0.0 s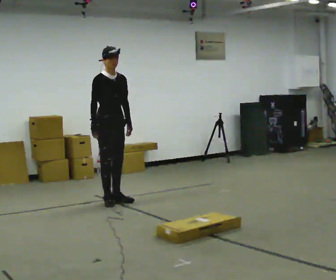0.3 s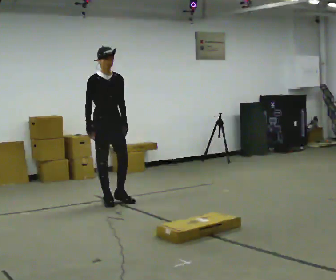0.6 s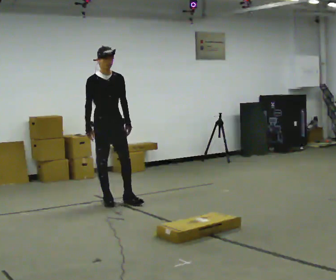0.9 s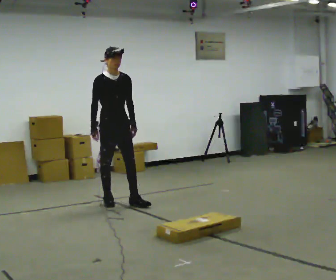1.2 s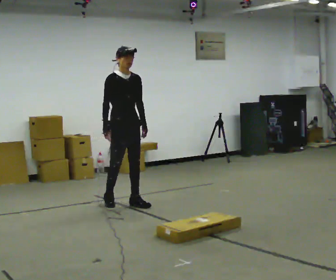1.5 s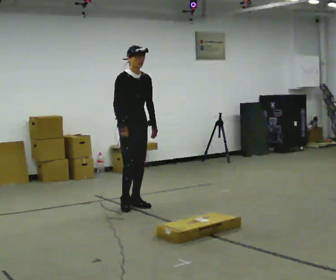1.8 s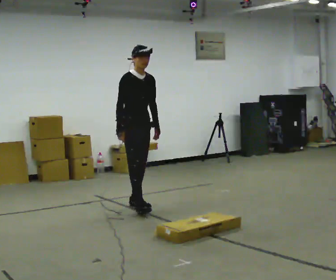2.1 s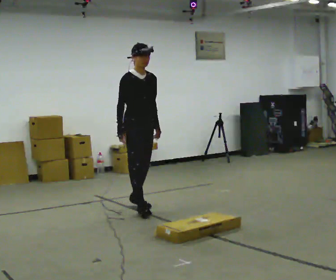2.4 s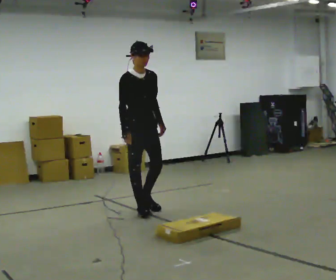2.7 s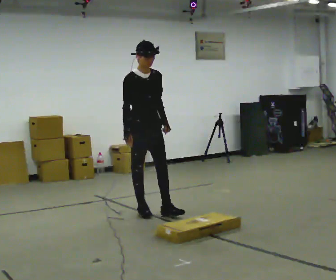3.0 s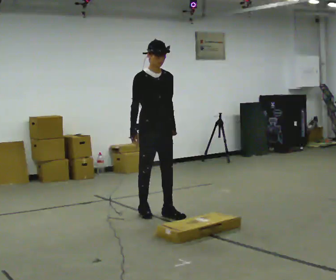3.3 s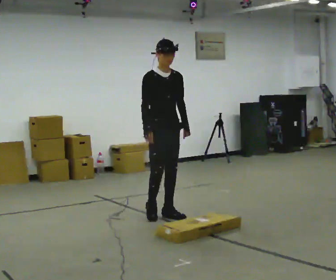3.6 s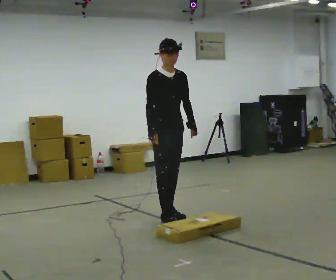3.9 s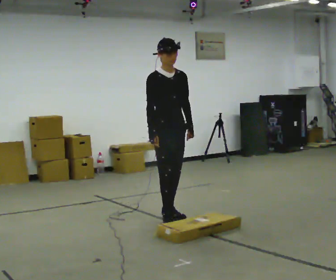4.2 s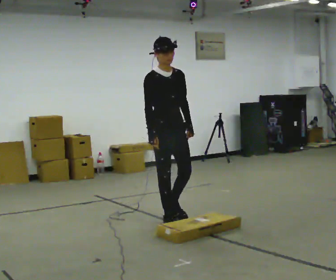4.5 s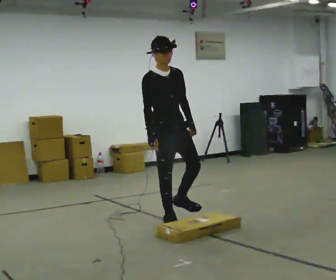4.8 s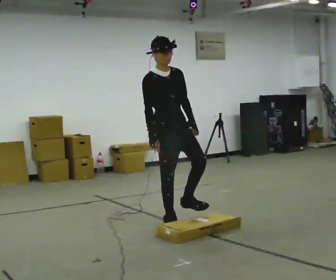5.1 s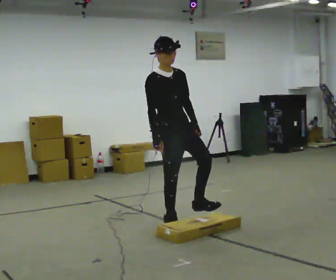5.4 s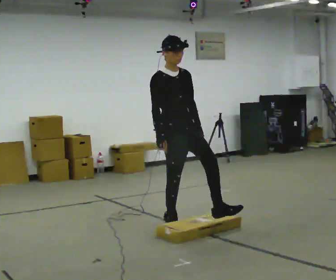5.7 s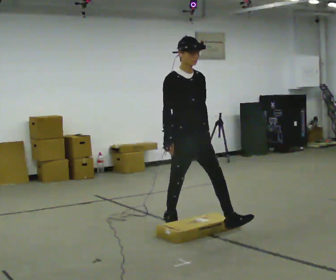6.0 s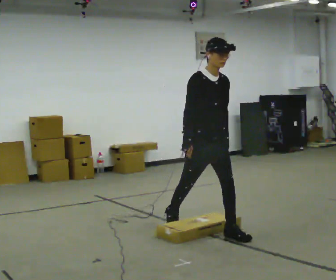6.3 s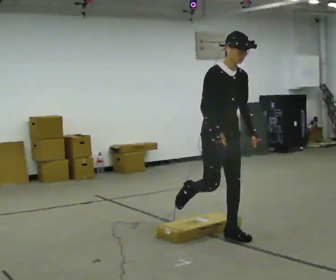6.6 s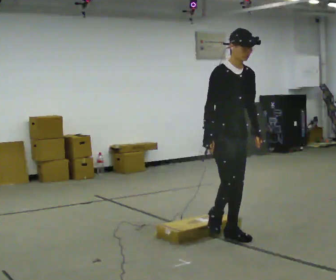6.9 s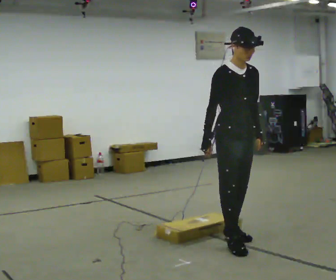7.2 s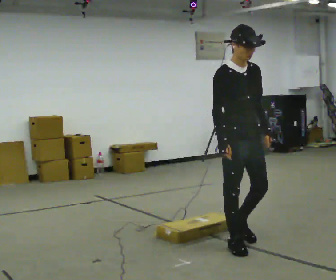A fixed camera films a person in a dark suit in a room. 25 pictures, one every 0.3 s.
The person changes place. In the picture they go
toward the camera.
0.0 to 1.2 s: In the picture they go to the right and toward the camera, about 0.25 m in 1 step, which for them is forward and to their left.
1.2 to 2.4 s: In the picture they go toward the camera and to the right, about 0.5 m in 1 step, which for them is forward.
2.4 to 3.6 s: In the picture they go to the right and toward the camera, about 0.5 m in 2 steps, which for them is forward.
3.6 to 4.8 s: In the picture they go toward the camera, about 0.25 m, which for them is forward.
4.8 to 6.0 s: In the picture they go toward the camera and to the right, about 0.5 m in 1 step, which for them is forward. In the picture the upper body tilts clockwise, shoulders to the right, as they bend forward.
6.0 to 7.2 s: In the picture they go toward the camera, about 0.5 m in 1 step, which for them is forward.
The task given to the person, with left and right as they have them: Walk toward low obstacle; step over without stopping; continue.
The film runs forward here.
